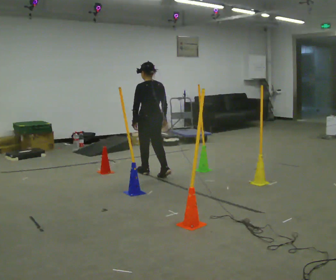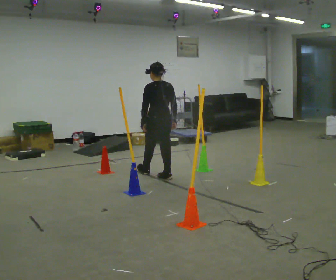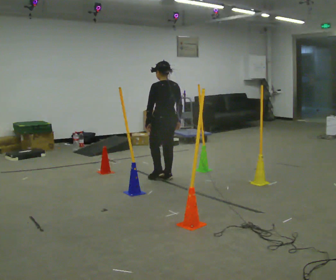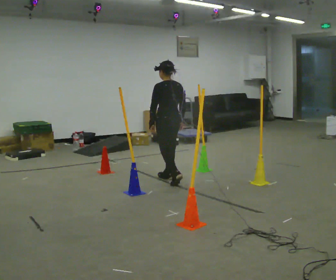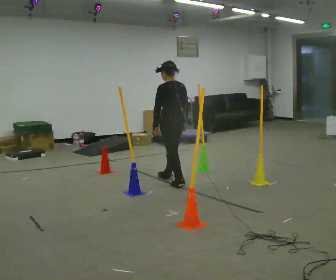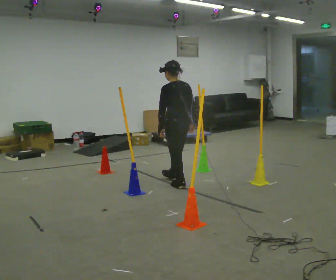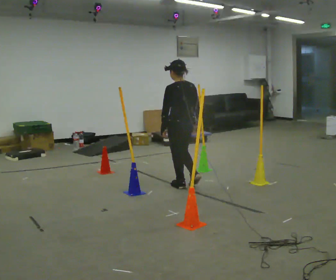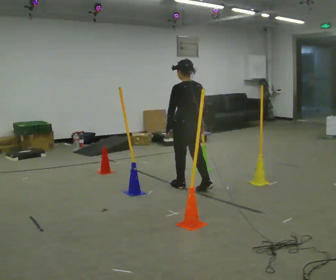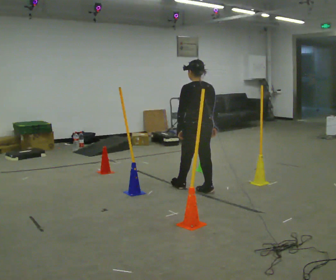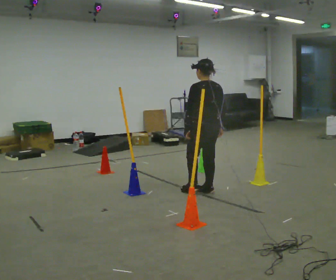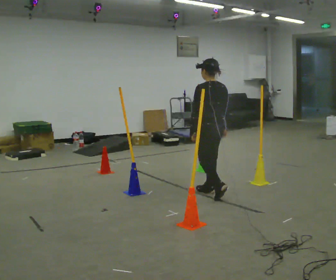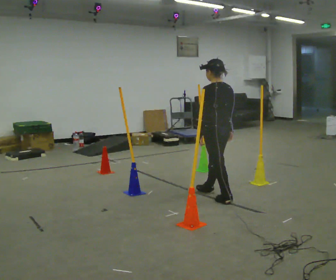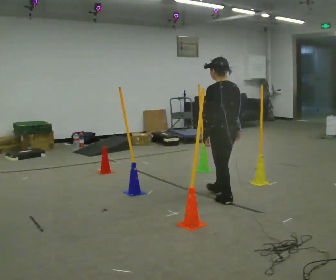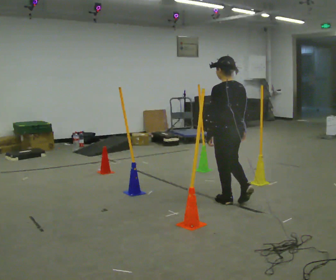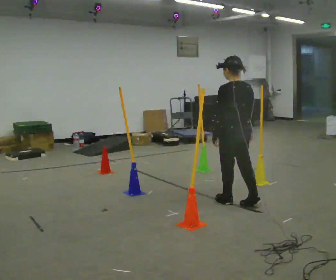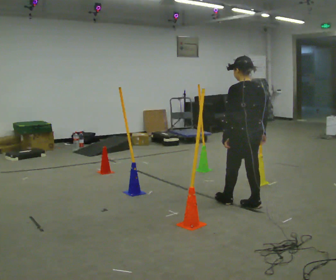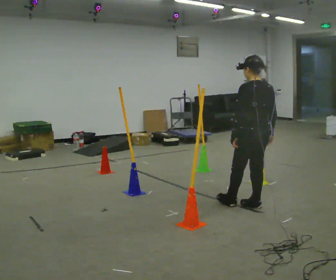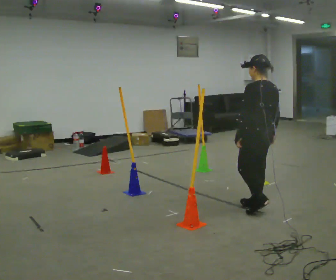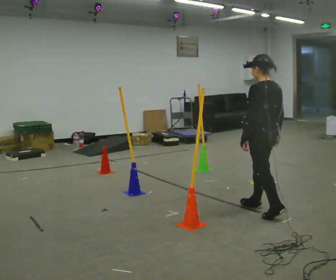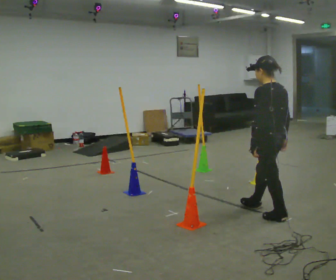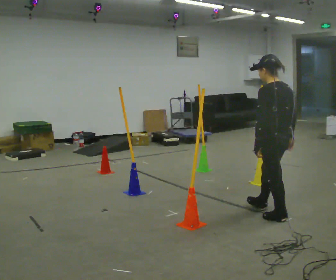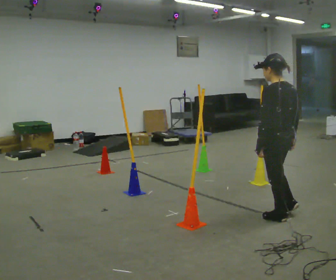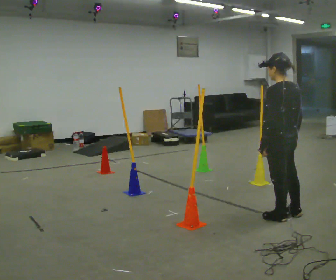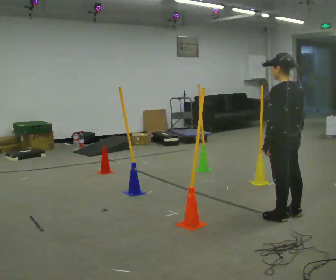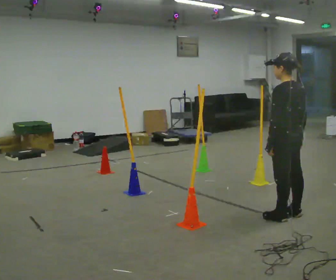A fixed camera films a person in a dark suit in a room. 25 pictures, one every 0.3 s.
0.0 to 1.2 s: In the picture they go toward the camera and to the right, about 0.5 m in 1 step, which for them is backward.
1.2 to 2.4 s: In the picture they go toward the camera and to the right, about 0.5 m in 1 step, which for them is backward.
2.4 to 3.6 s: In the picture they go toward the camera and to the right, about 0.5 m in 2 steps, which for them is backward.
3.6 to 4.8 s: In the picture they go to the right and toward the camera, about 0.25 m in 1 step, which for them is backward.
4.8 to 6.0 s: In the picture they go toward the camera, about 0.25 m in 1 step, which for them is backward.
6.0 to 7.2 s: The person moves a little, or ends about where they began.
The film runs backward here.
